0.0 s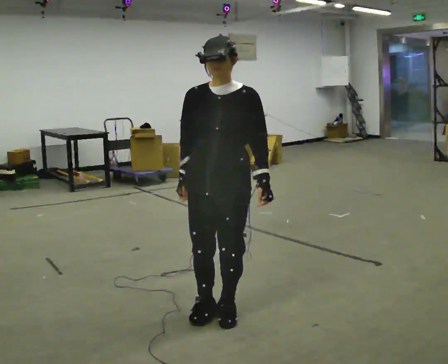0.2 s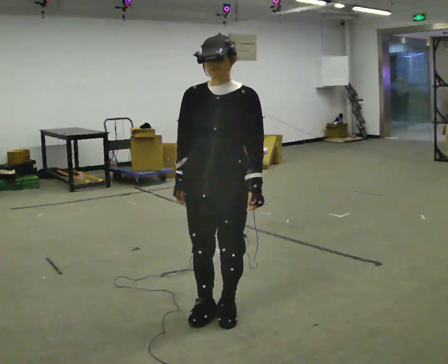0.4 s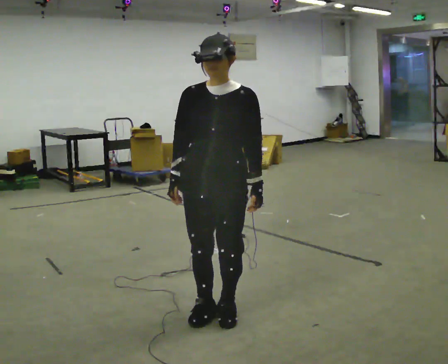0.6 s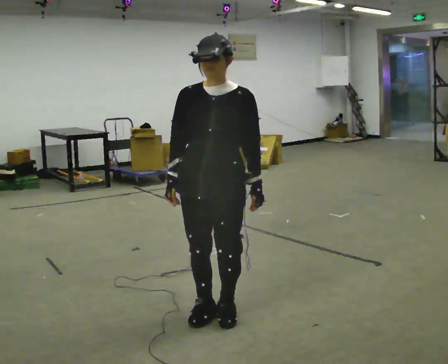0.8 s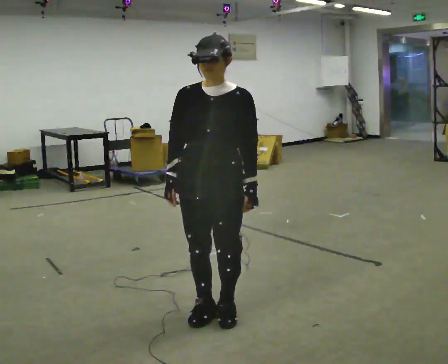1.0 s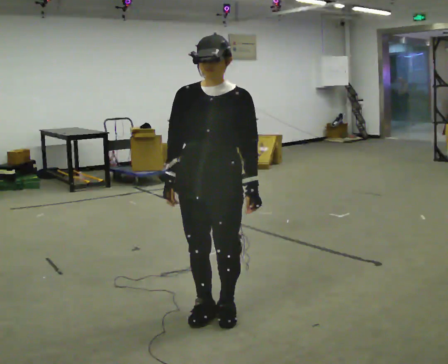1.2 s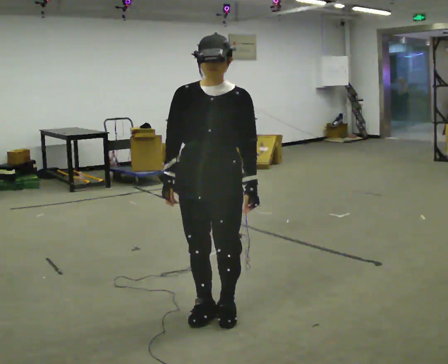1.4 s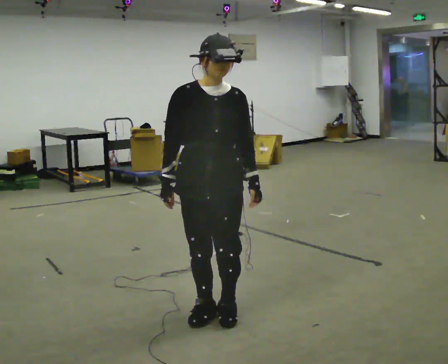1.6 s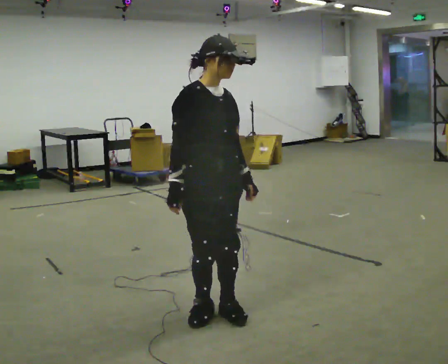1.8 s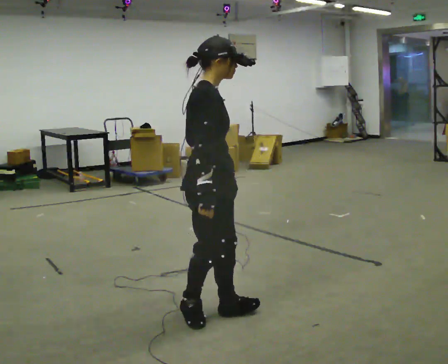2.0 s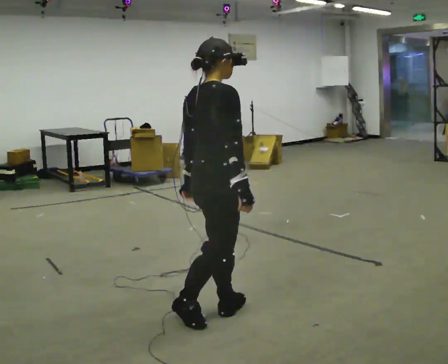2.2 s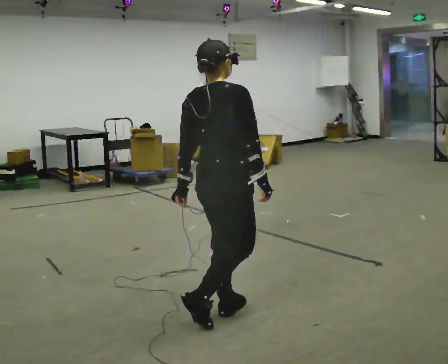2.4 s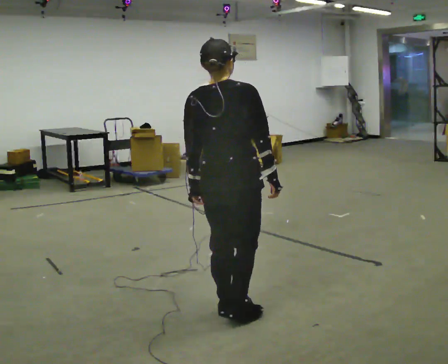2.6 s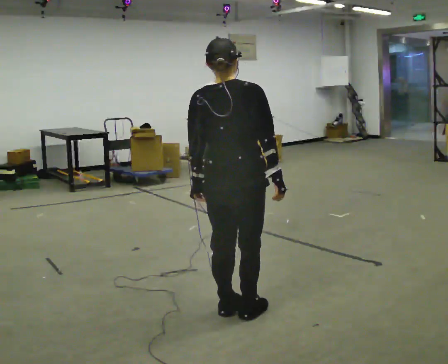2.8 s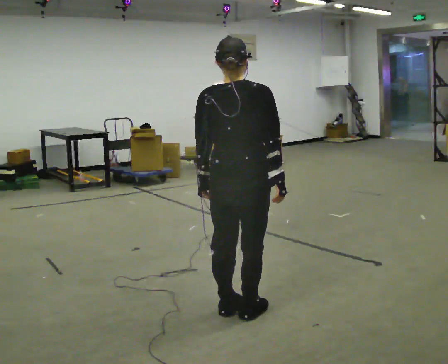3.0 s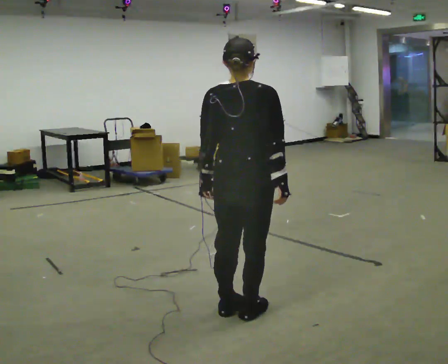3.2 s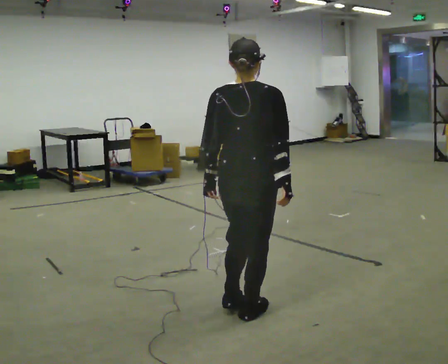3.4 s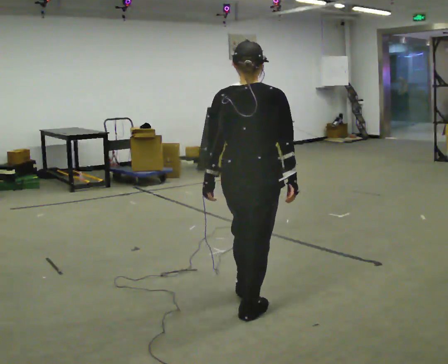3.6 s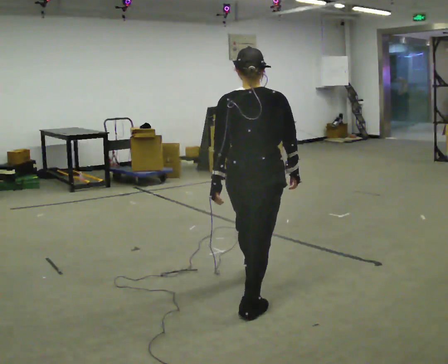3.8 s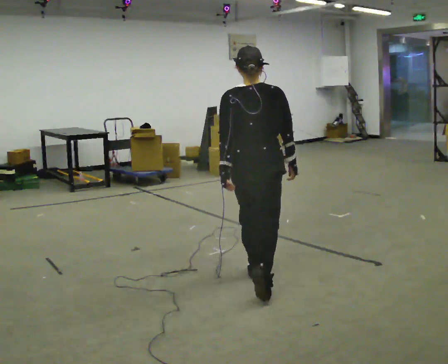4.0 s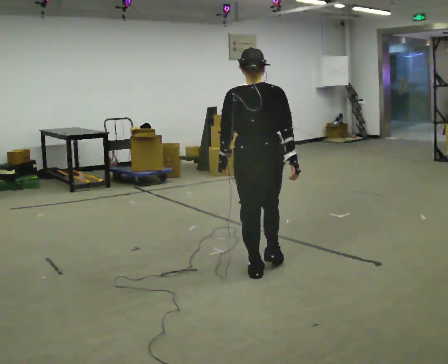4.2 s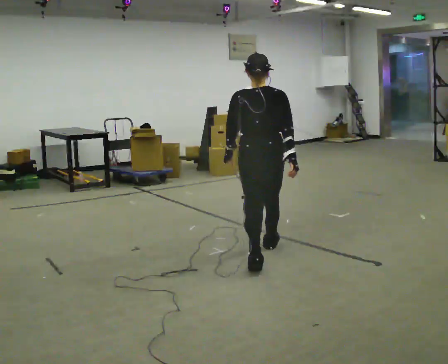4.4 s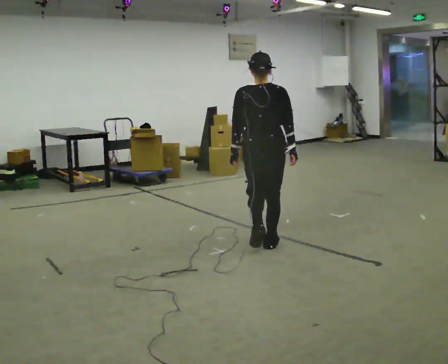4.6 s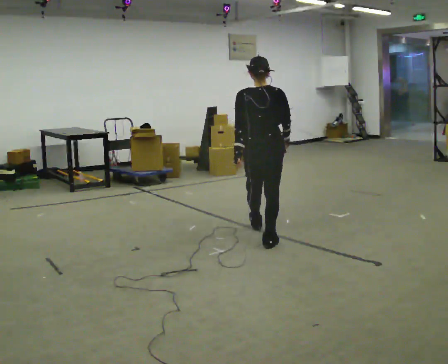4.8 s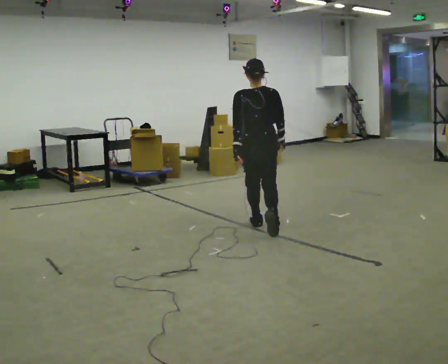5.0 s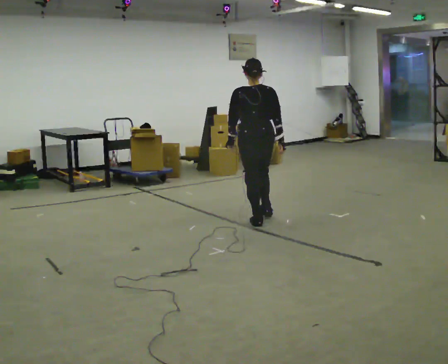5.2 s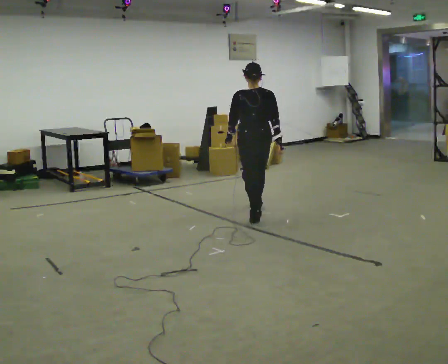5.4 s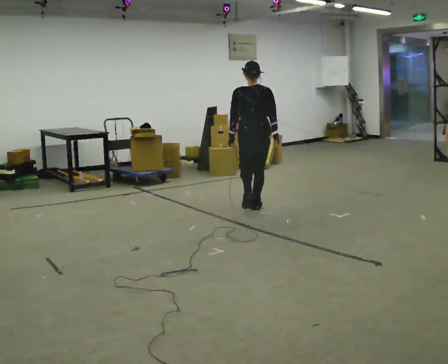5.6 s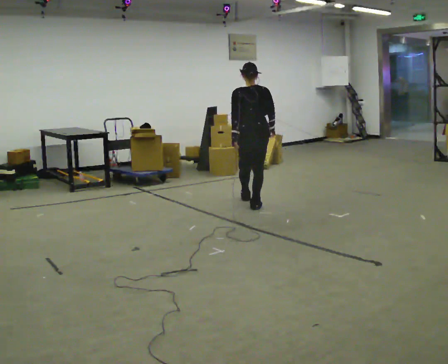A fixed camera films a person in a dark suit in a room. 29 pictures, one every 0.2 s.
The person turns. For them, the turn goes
to their left.
The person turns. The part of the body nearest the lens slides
to the right.
0.0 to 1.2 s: The person moves a little, or ends about where they began.
1.2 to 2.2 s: The part of the body nearest the lens slides to the right as the person turns to their left by about 135 degrees. In the picture their right hand goes to the right, the arm swinging counterclockwise.
2.2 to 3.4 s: The part of the body nearest the lens slides to the right as the person turns to their left by about 30 degrees. In the picture they go to the right, about 0.25 m in 1 step, which for them is forward and to their right.
3.4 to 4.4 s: In the picture they go away from the camera, about 1 m in 2 steps, which for them is forward.
4.4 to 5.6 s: In the picture they go away from the camera, about 1.5 m in 2 steps, which for them is forward.
The film runs forward here.
